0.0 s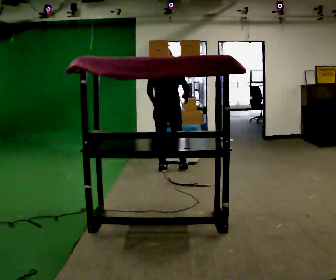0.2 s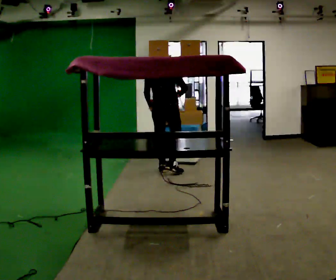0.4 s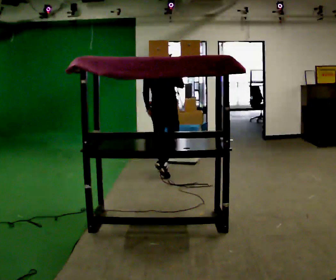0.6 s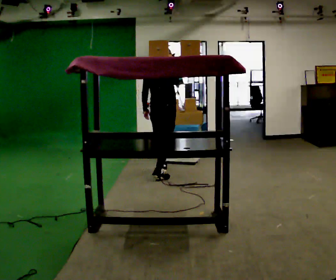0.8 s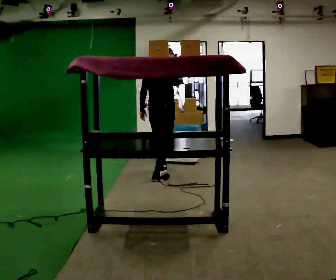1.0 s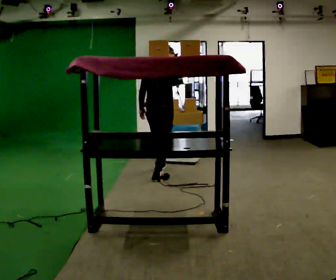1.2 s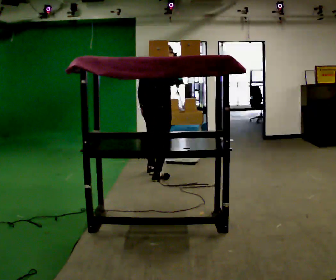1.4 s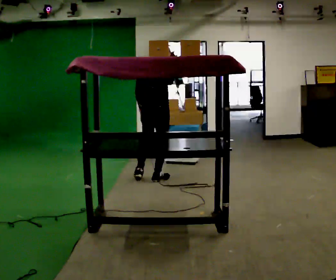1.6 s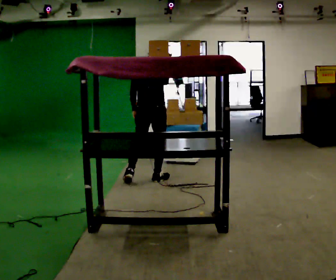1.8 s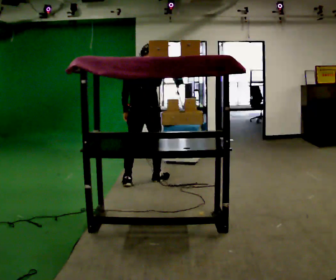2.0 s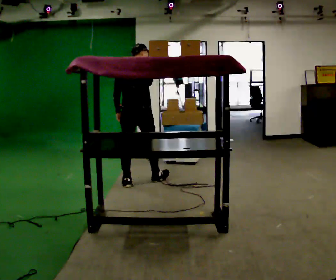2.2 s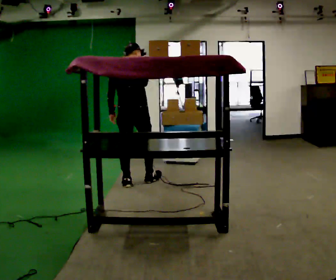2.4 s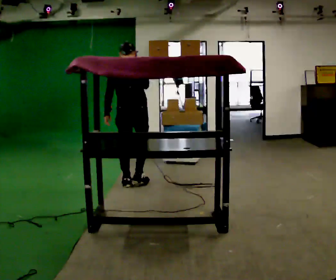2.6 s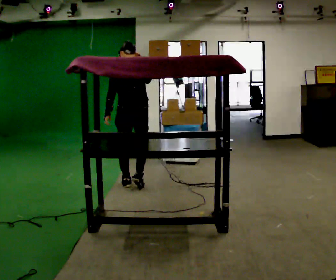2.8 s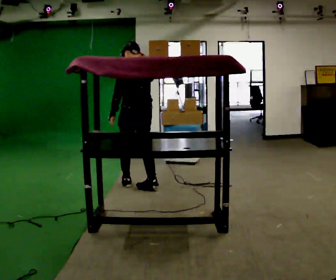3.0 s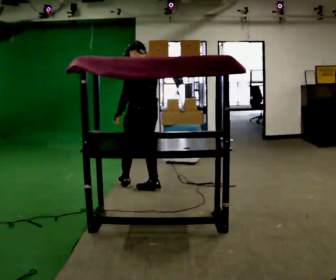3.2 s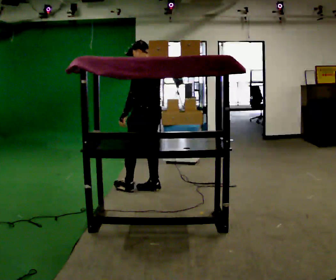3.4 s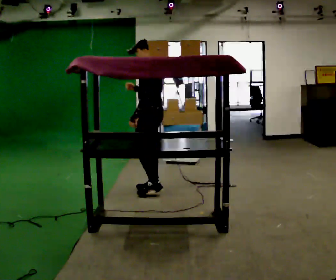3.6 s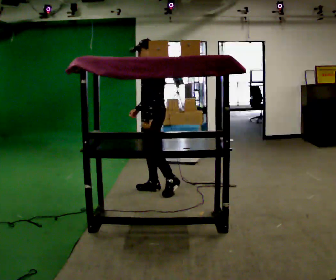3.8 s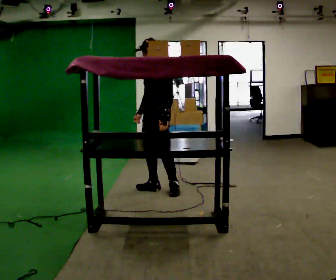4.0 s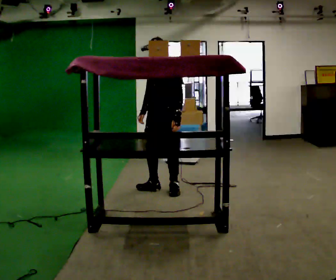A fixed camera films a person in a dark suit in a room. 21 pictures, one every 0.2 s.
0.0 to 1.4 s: In the picture they go toward the camera and to the left, about 0.5 m in 1 step, which for them is backward. In the picture their right hand goes upward.
1.4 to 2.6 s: Seen from above the body turns counterclockwise, about 30 degrees: to their left, with its near side sliding to the right. In the picture they go to the left and toward the camera, about 0.25 m in 1 step, which for them is backward and to their left.
2.6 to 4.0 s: The person turns about 120 degrees to their left, counterclockwise seen from above, so the part of the body nearest the lens slides to the right. In the picture they go to the right and toward the camera, about 0.5 m in 1 step. In the picture their right hand goes downward.
The film runs backward here.
